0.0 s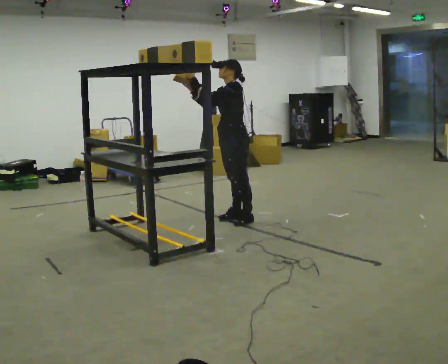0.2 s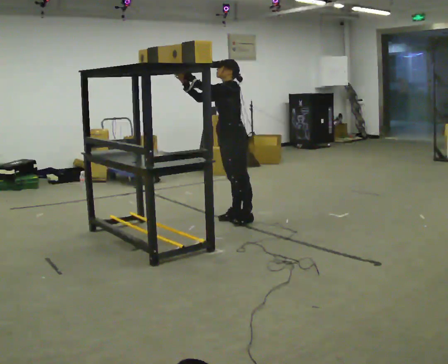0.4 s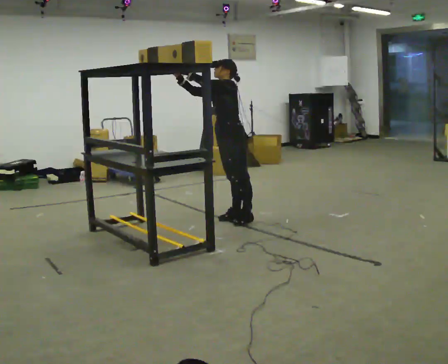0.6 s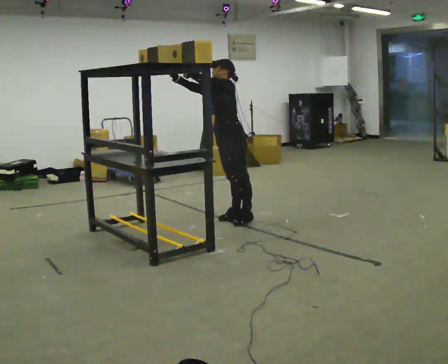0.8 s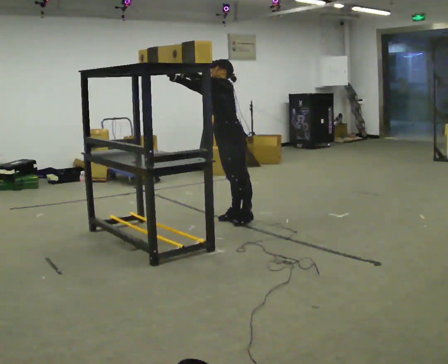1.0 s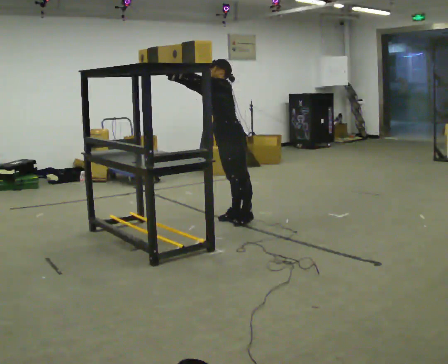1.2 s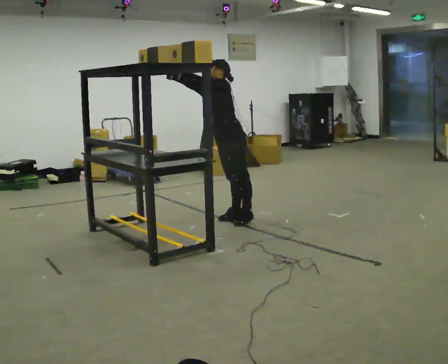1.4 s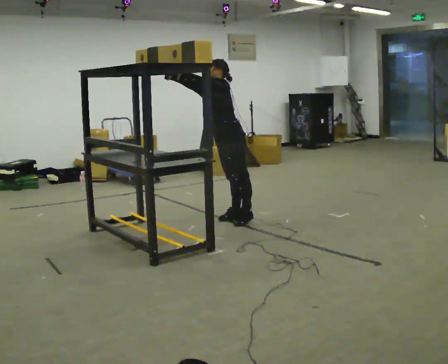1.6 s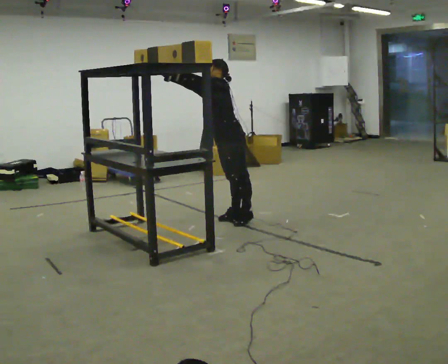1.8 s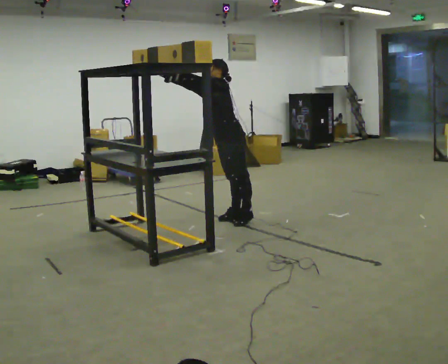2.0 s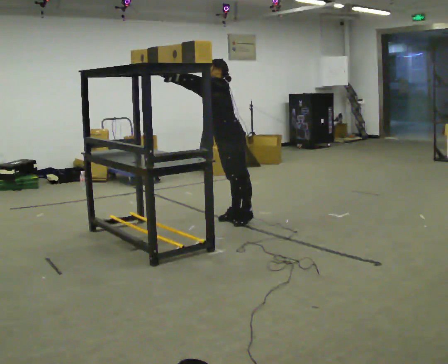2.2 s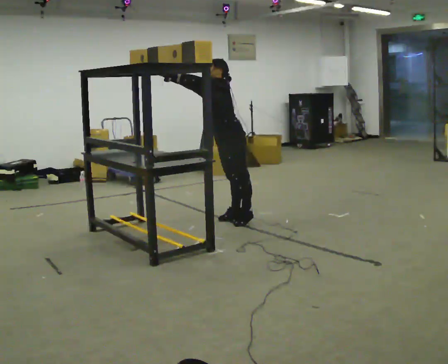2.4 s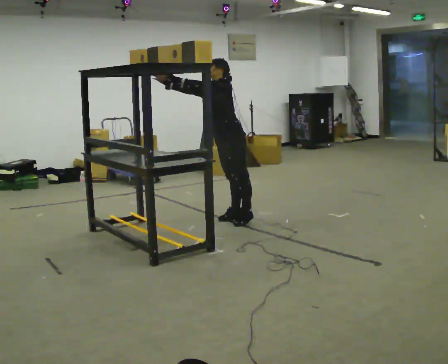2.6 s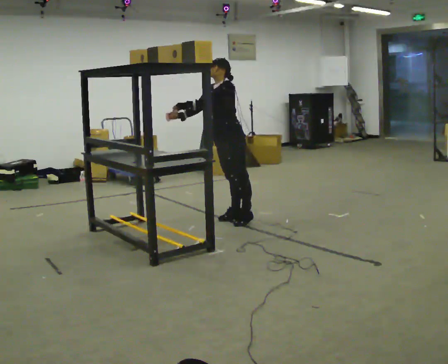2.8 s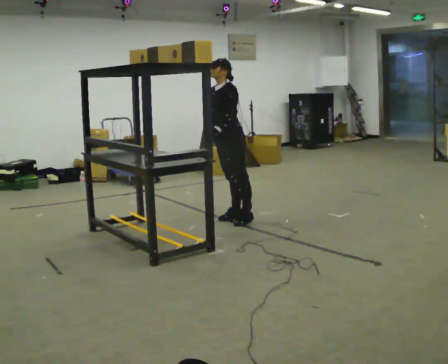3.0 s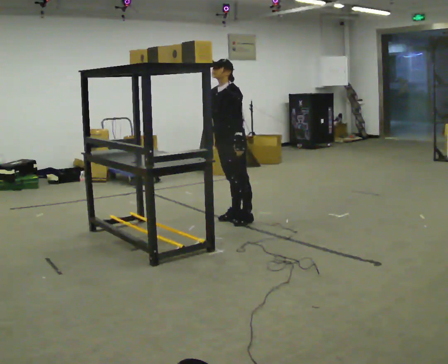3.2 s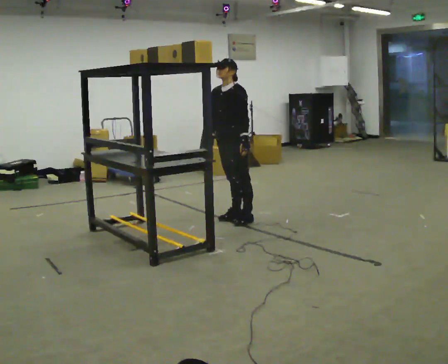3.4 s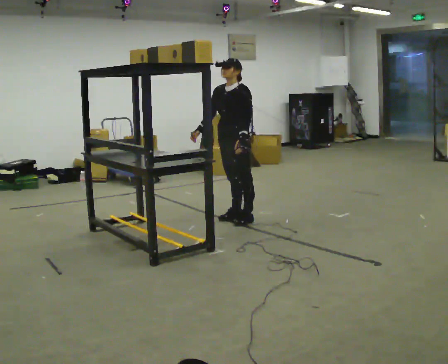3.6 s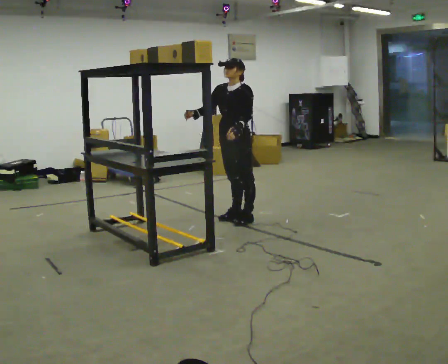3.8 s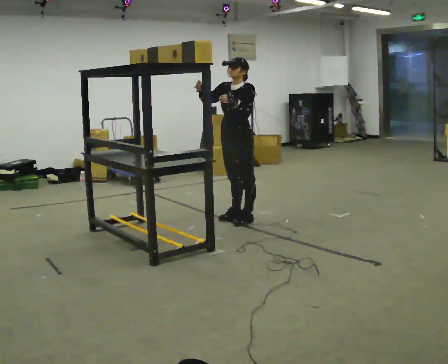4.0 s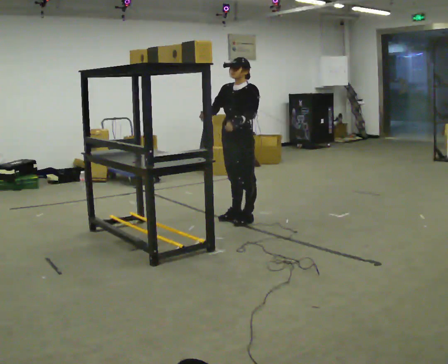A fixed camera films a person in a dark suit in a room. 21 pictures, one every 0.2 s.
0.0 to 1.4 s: The person moves a little, or ends about where they began.
1.4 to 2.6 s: In the picture their right hand goes downward, the arm swinging counterclockwise.
2.6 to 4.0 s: In the picture the upper body tilts clockwise, shoulders to the right. In the picture their left hand goes to the right.
The film runs forward here.
